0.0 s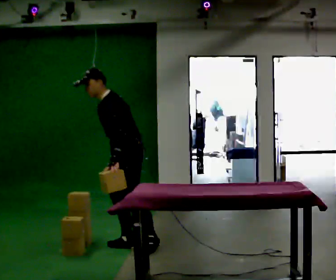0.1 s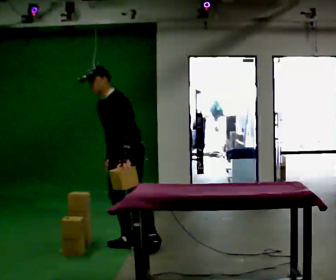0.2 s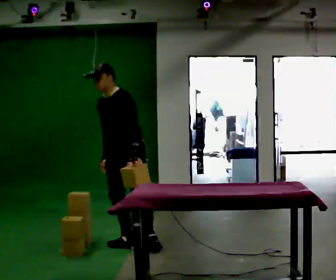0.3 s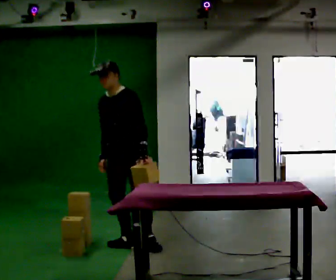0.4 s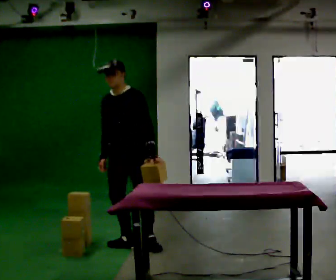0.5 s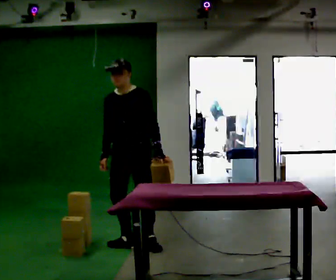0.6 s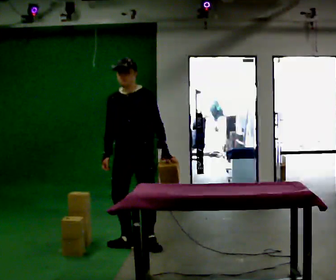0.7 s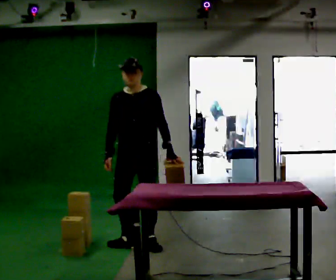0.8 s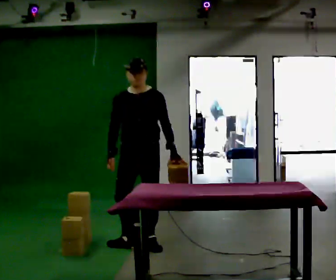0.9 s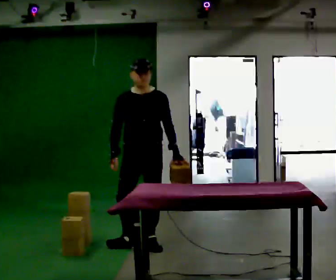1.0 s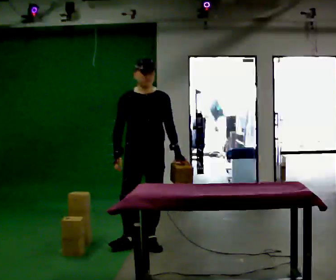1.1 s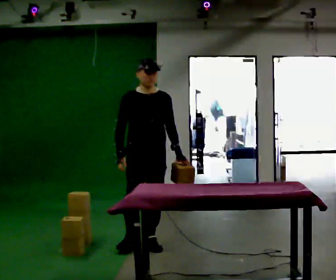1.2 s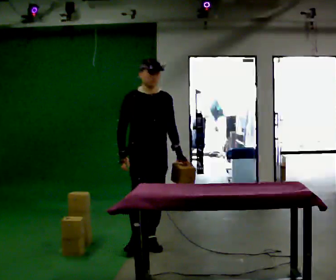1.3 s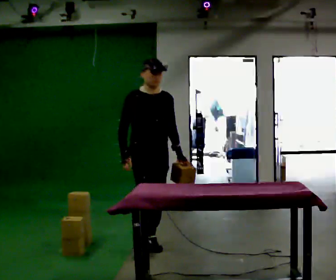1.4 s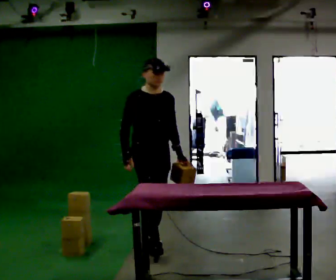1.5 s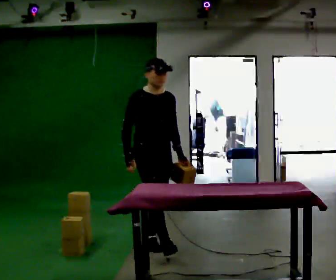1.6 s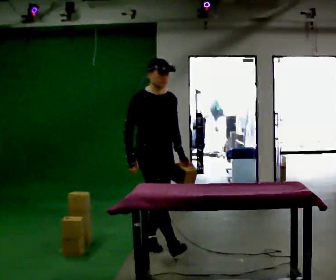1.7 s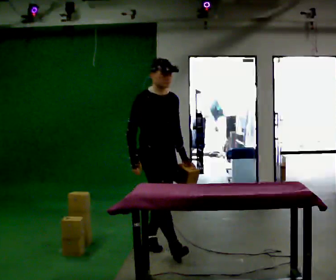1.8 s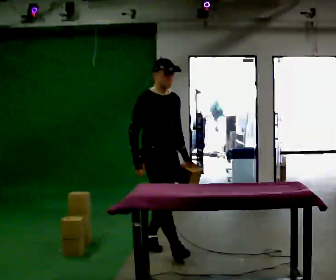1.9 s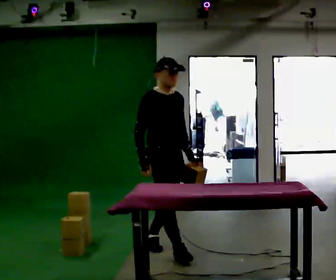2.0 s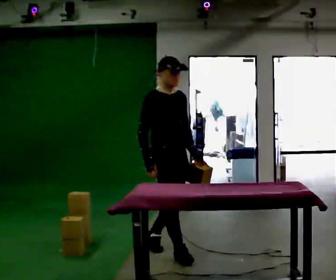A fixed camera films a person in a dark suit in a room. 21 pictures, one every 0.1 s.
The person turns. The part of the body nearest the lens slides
to the right.
The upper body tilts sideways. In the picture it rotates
clockwise.
0.0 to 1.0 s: The person turns about 60 degrees to their left, counterclockwise seen from above, so the part of the body nearest the lens slides to the right. In the picture the upper body tilts clockwise, shoulders to the right, as they lean back or straighten.
1.0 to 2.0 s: Seen from above the body turns counterclockwise, about 45 degrees: to their left, with its near side sliding to the right. In the picture they go toward the camera and to the right, about 0.25 m in 1 step, which for them is forward.
The film runs forward here.
